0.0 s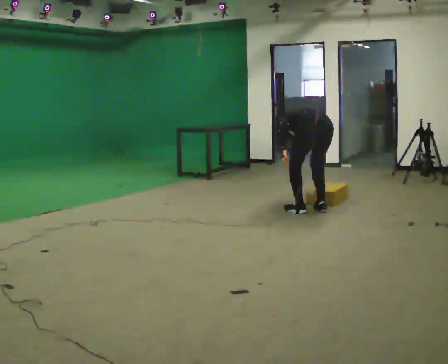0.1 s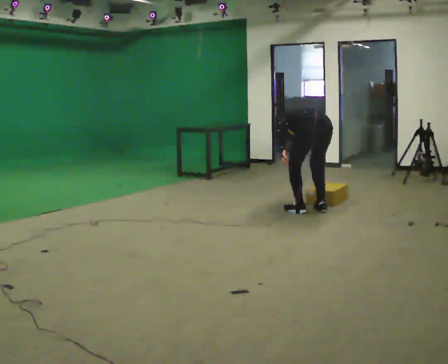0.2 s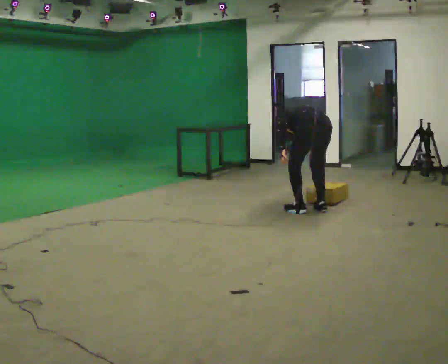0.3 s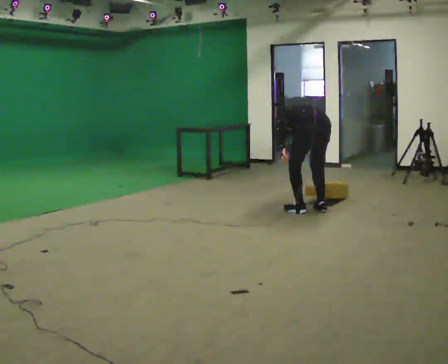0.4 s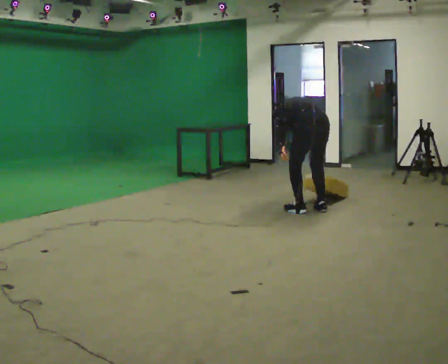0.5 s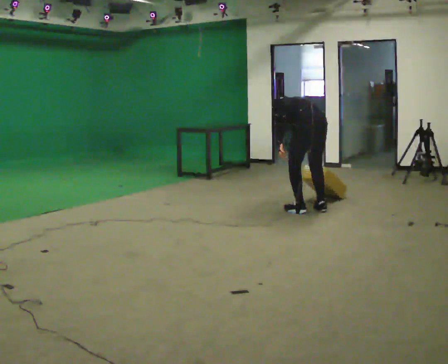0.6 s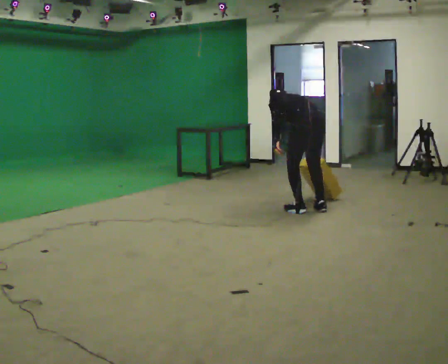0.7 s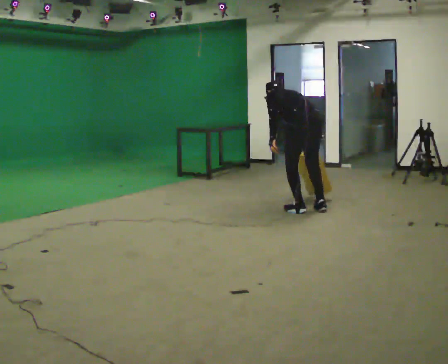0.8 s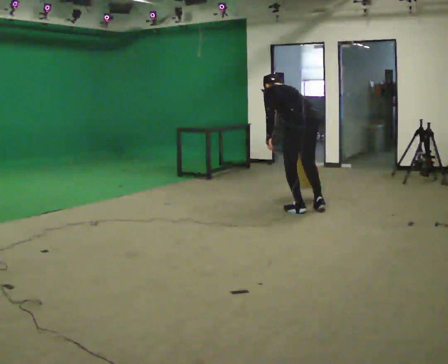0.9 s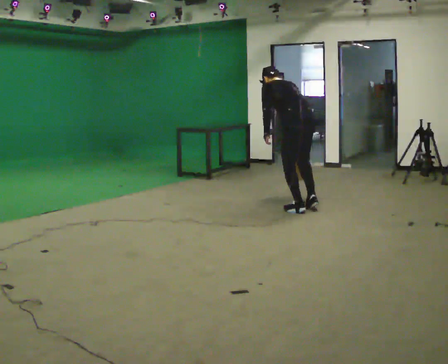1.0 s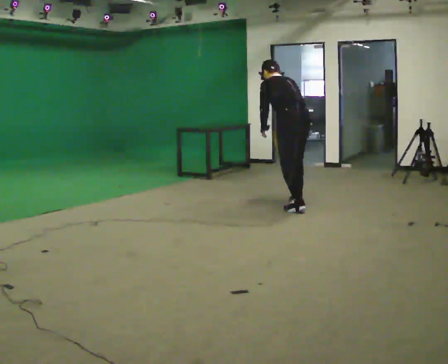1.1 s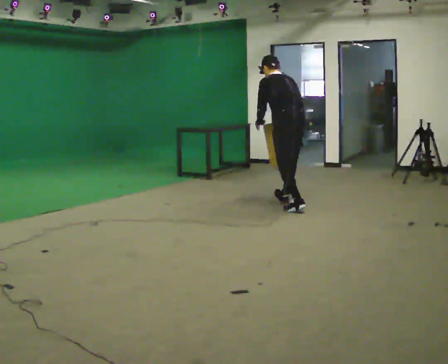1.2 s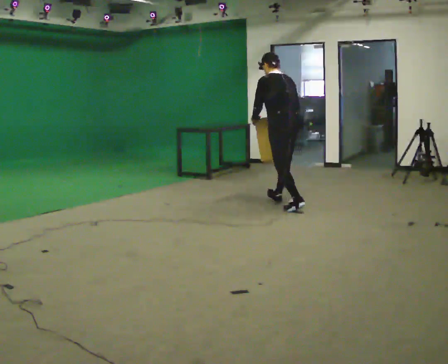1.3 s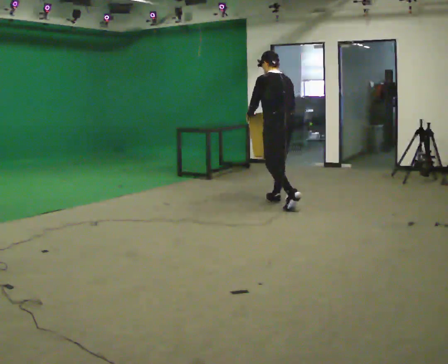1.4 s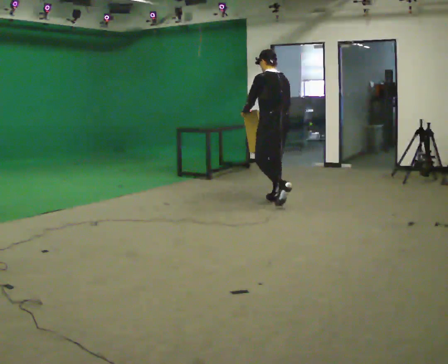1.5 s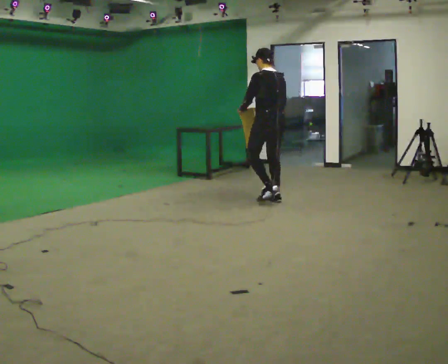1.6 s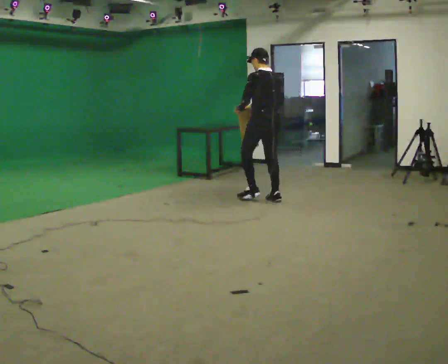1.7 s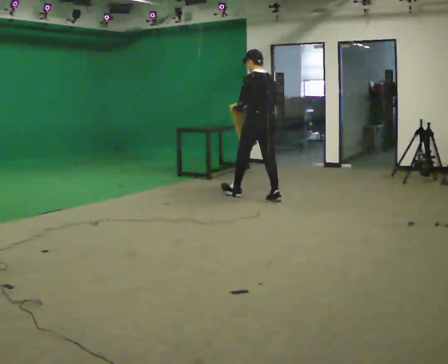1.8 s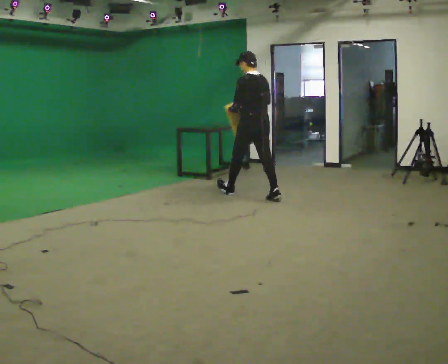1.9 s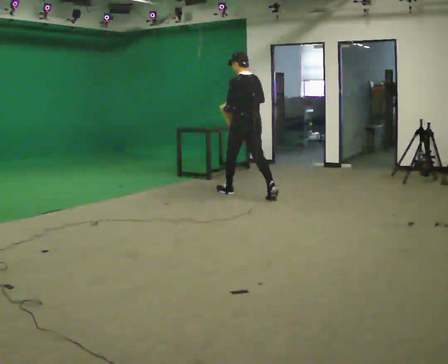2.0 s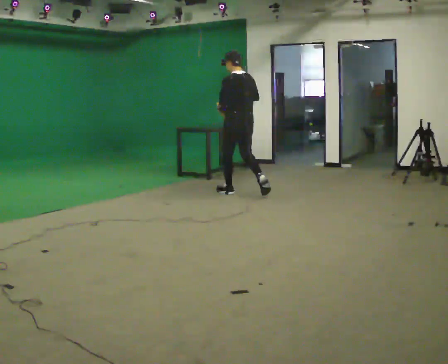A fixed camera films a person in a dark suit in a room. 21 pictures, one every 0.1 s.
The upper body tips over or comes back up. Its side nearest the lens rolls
downward.
The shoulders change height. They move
upward.
0.0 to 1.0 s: In the picture they go to the left and away from the camera, about 0.25 m, which for them is forward. The shoulders move upward. The upper body tips toward the camera, its near side rolling downward, as they lean back or straighten.
1.0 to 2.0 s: In the picture they go to the left and away from the camera, about 1 m in 2 steps, which for them is forward. The upper body tips toward the camera, its near side rolling downward, as they lean back or straighten.
The film runs forward here.
